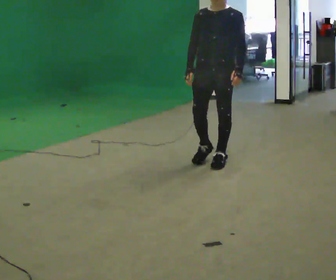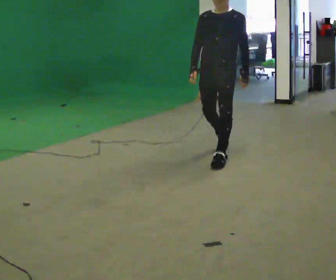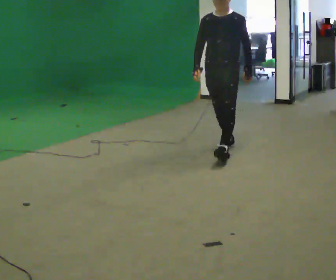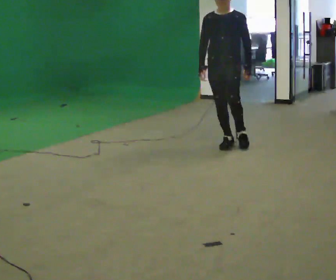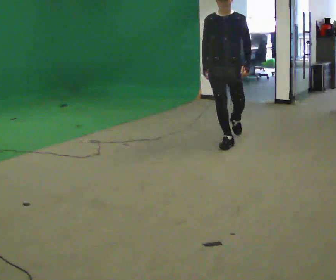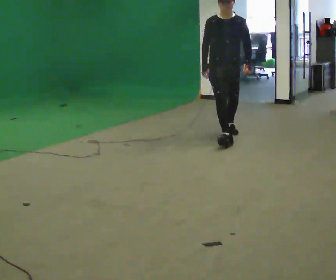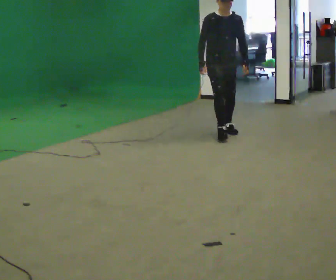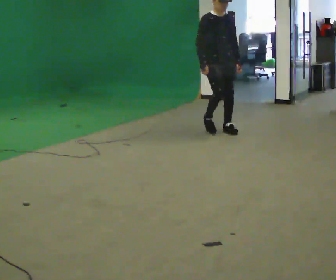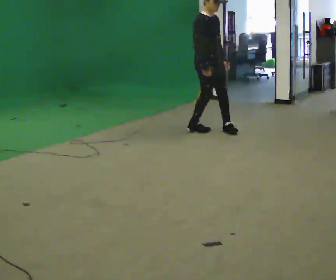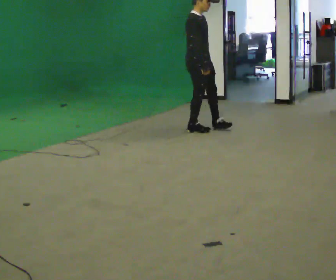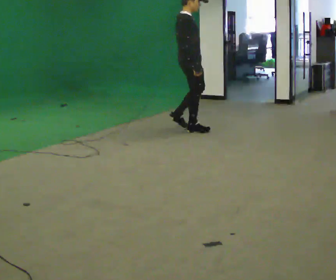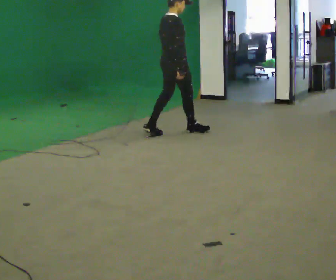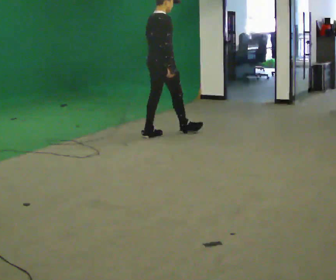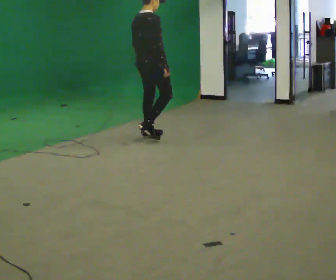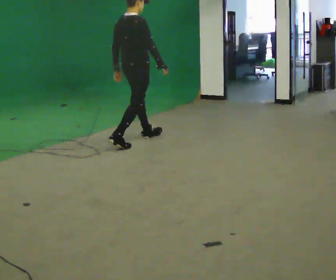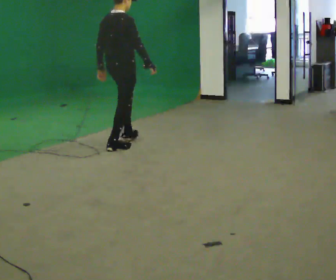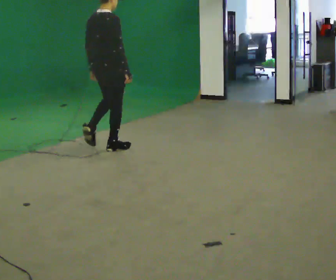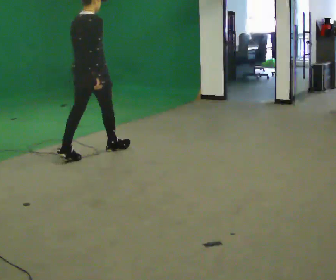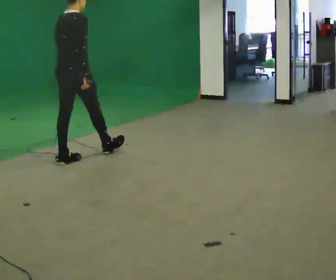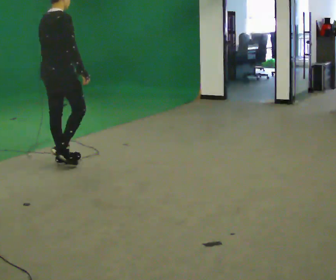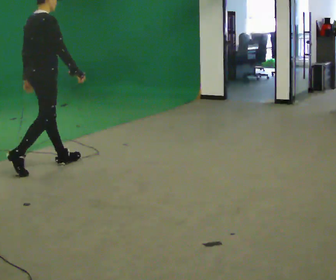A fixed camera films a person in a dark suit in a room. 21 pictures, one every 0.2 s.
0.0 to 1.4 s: Seen from above the body turns counterclockwise, about 45 degrees: to their left, with its near side sliding to the right. In the picture they go away from the camera, about 1 m in 2 steps.
1.4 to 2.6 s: Seen from above the body turns counterclockwise, about 105 degrees: to their left, with its near side sliding to the right. In the picture they go to the left, about 1 m in 2 steps.
2.6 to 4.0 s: In the picture they go toward the camera and to the left, about 1.5 m in 2 steps, which for them is backward.
The film runs backward here.
